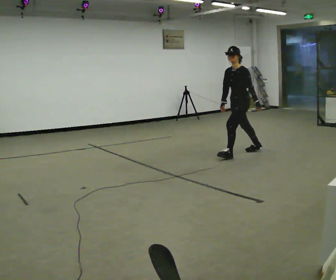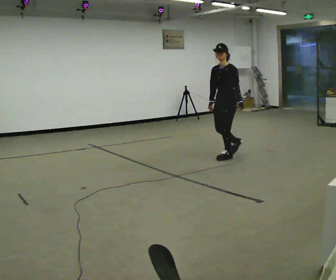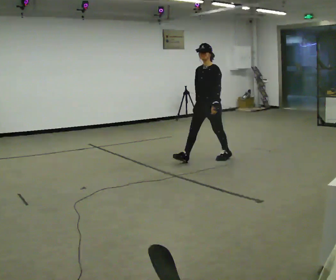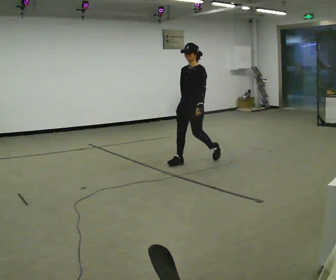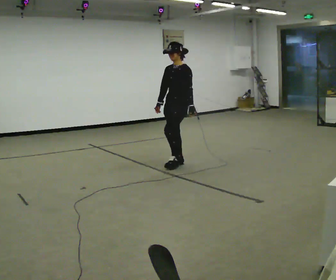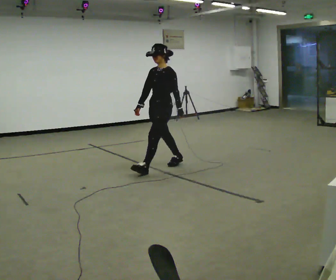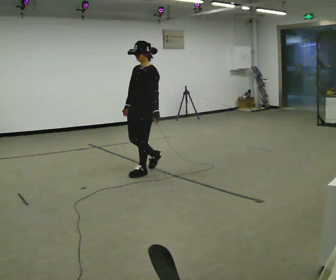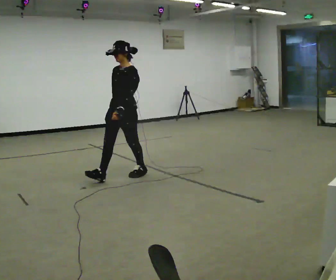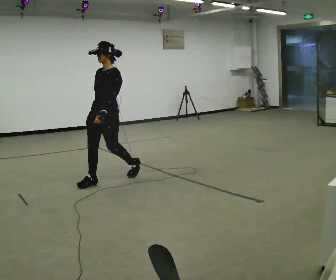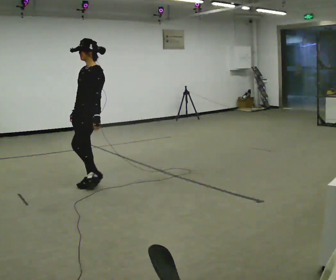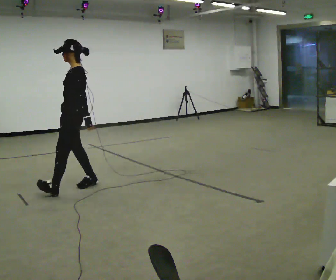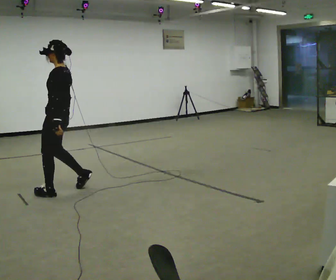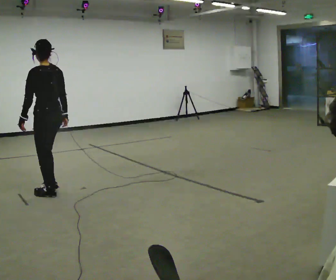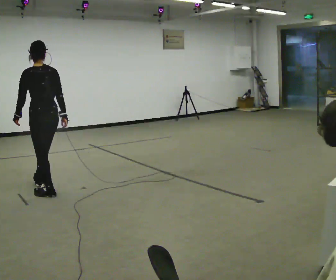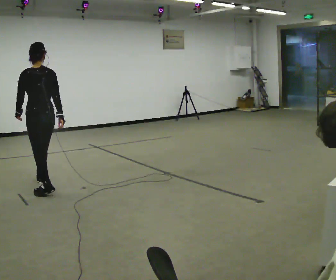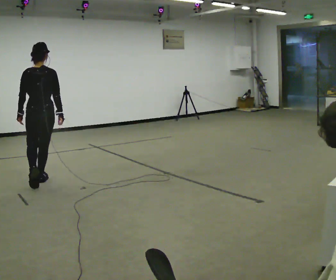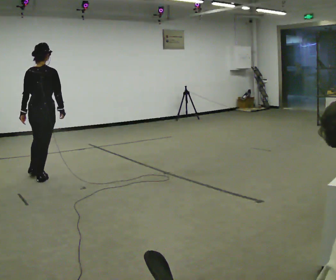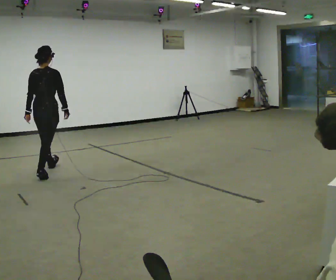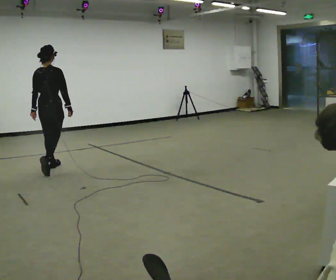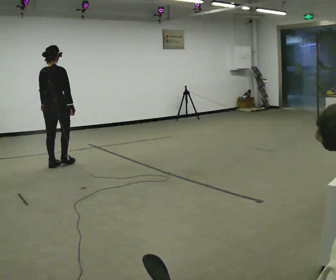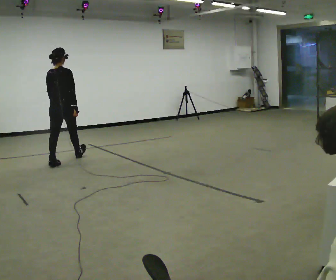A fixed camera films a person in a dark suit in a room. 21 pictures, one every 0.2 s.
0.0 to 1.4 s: The part of the body nearest the lens slides to the right as the person turns to their left by about 30 degrees. In the picture they go to the left, about 2 m in 2 steps, which for them is forward. In the picture the upper body tilts clockwise, shoulders to the right.
1.4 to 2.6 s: The part of the body nearest the lens slides to the left as the person turns to their right by about 105 degrees. In the picture they go to the left, about 1 m in 2 steps.
2.6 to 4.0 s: Seen from above the body turns clockwise, about 45 degrees: to their right, with its near side sliding to the left. In the picture they go away from the camera, about 1.5 m in 2 steps, which for them is forward.
The film runs forward here.
